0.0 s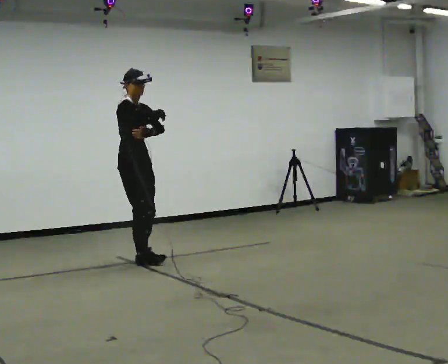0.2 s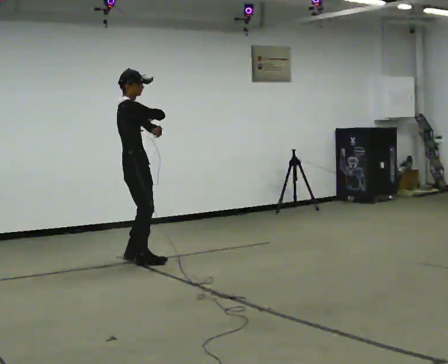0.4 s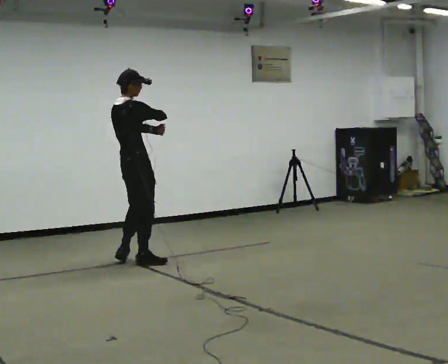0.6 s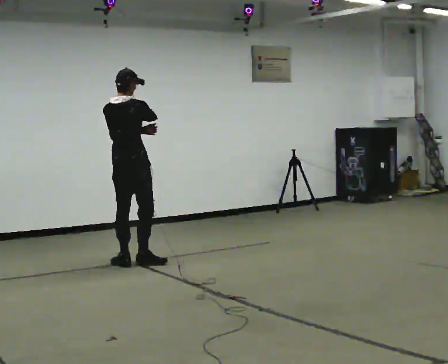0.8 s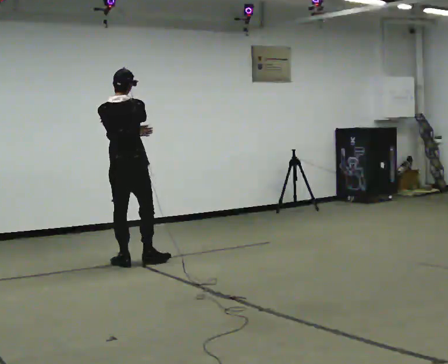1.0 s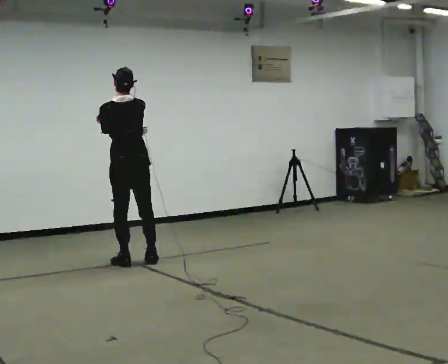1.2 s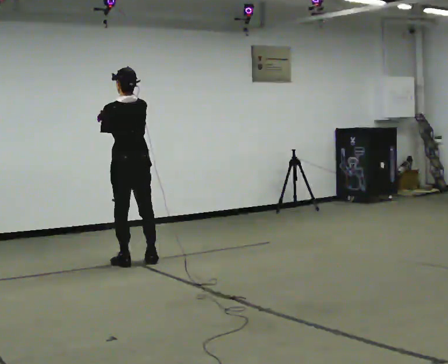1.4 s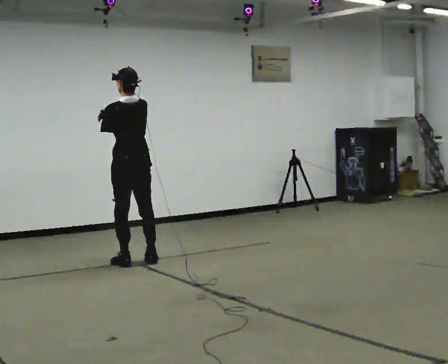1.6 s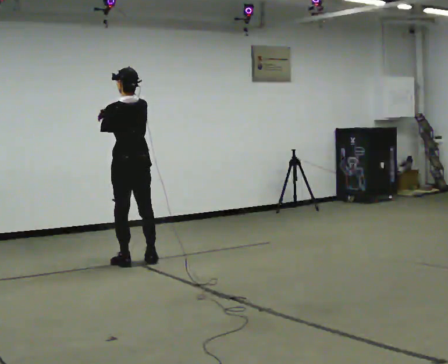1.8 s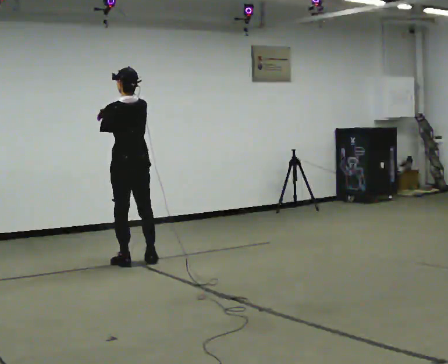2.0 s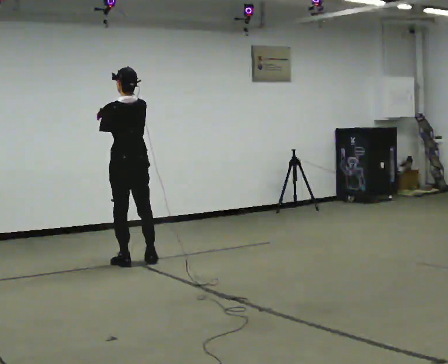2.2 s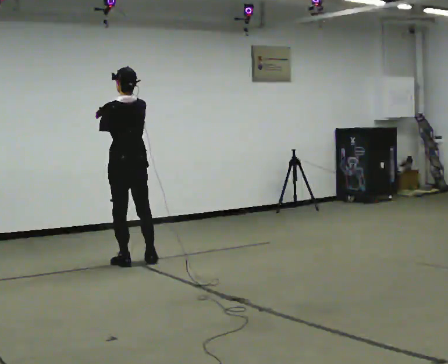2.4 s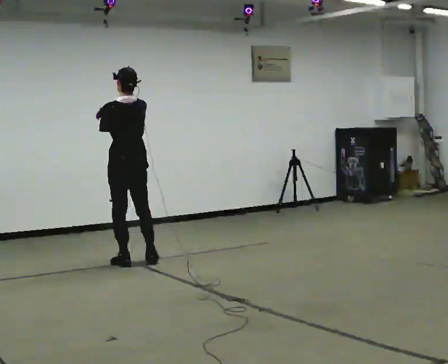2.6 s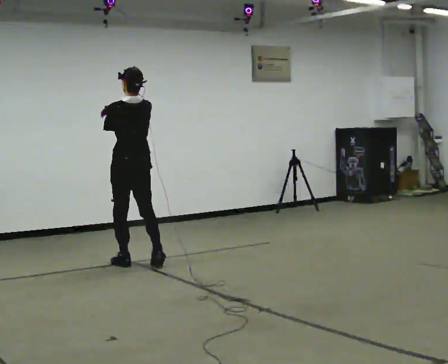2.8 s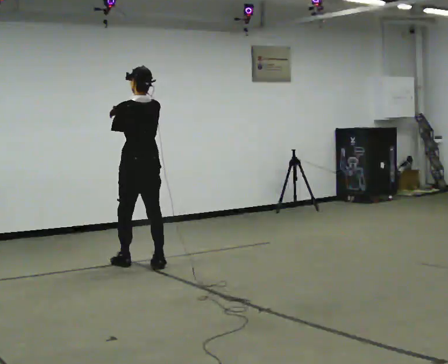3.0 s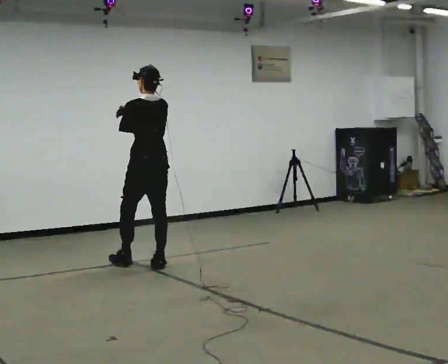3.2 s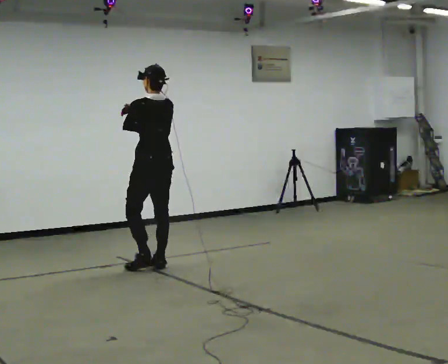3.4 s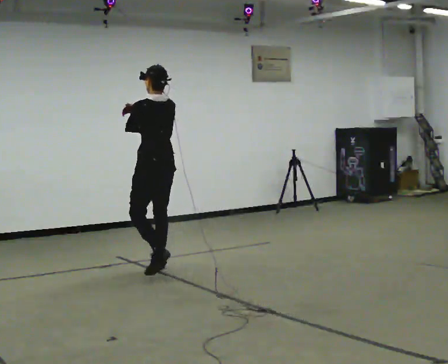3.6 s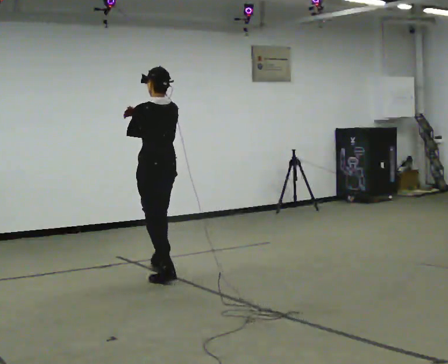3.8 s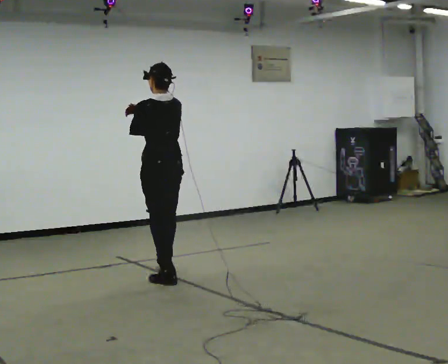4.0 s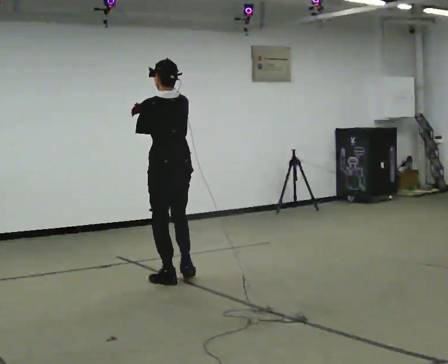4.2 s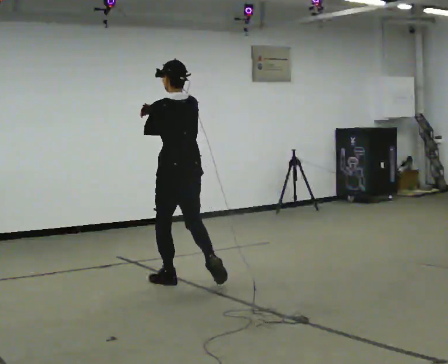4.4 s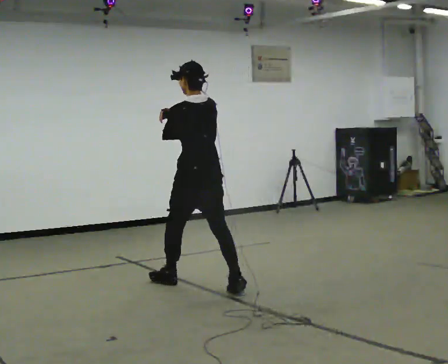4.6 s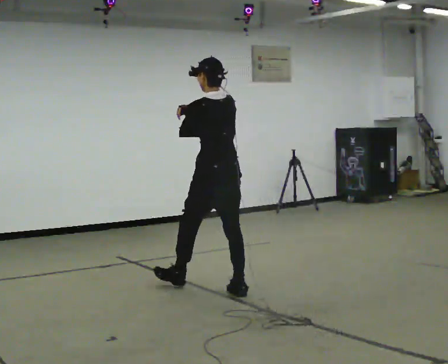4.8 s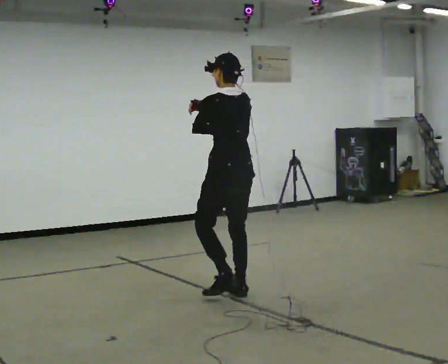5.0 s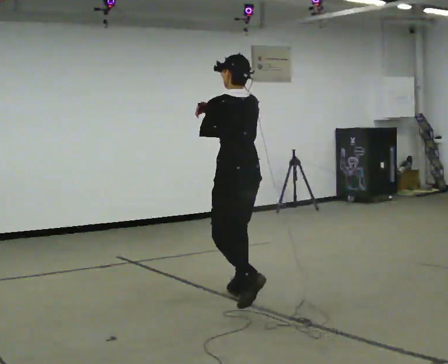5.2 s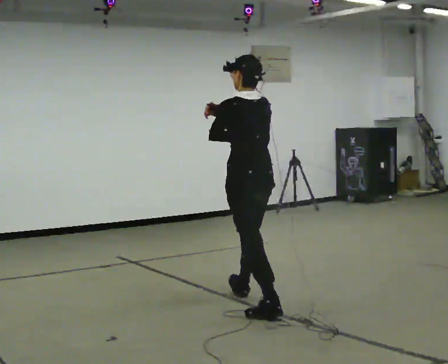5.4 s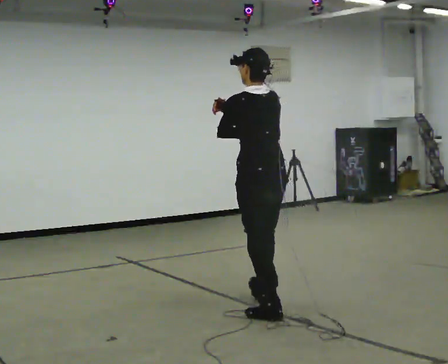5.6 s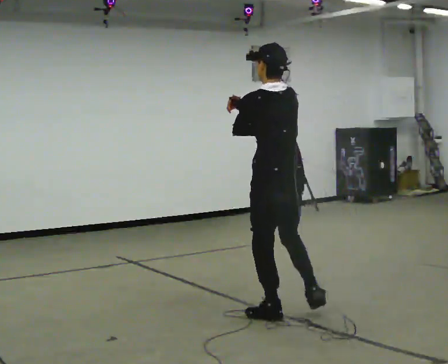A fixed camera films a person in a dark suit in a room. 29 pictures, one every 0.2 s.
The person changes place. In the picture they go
toward the camera.
0.0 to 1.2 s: Seen from above the body turns counterclockwise, about 150 degrees: to their left, with its near side sliding to the right. In the picture their right hand goes to the left.
1.2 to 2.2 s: The person moves a little, or ends about where they began.
2.2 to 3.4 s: In the picture they go toward the camera and to the right, about 0.5 m in 2 steps, which for them is backward.
3.4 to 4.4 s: In the picture they go toward the camera and to the right, about 0.5 m in 1 step, which for them is backward.
4.4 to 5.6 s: In the picture they go toward the camera and to the right, about 1 m in 2 steps, which for them is backward.
The film runs backward here.
